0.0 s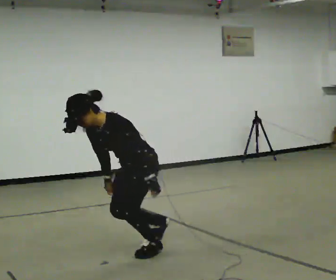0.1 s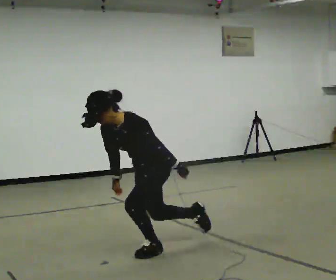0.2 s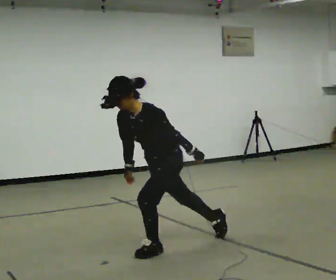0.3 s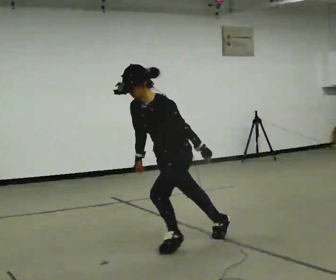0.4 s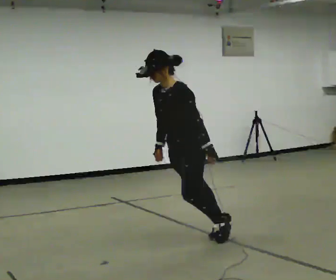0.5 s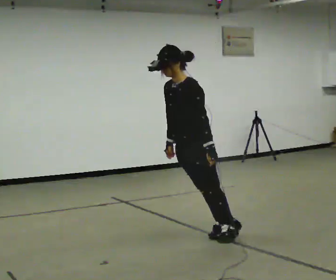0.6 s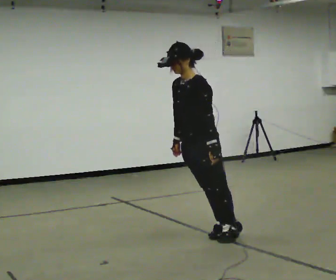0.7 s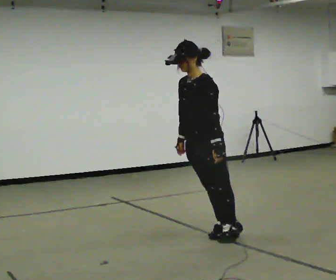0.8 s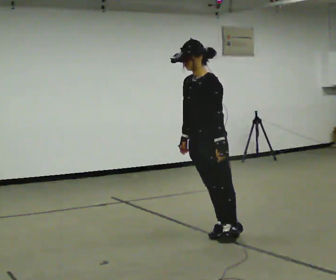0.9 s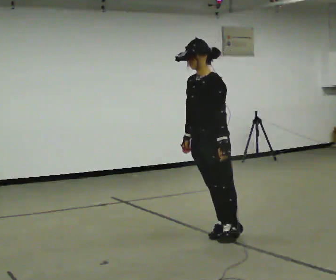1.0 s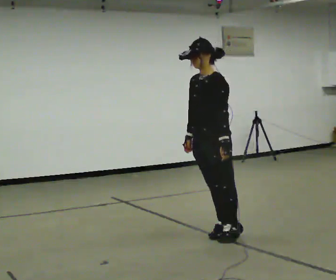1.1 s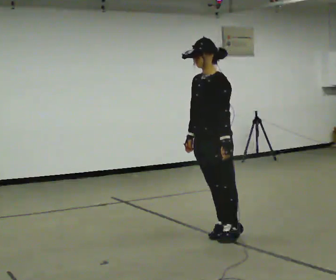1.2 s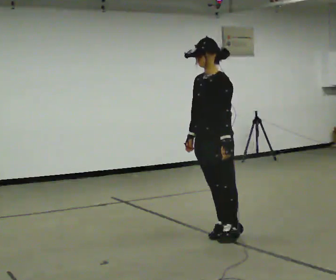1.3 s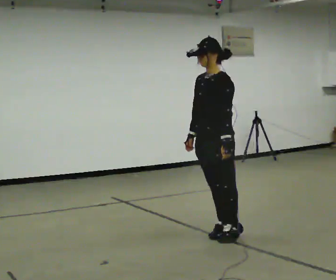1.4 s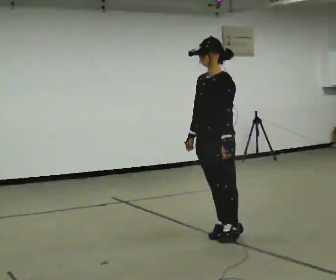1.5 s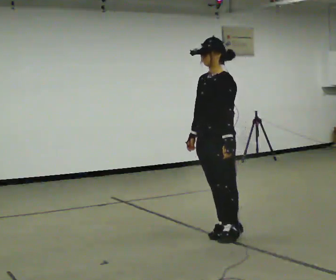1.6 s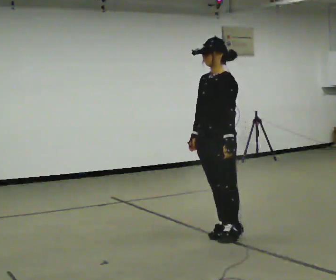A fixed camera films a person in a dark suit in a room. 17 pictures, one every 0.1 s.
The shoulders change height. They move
upward.
0.0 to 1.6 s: In the picture they go to the right and away from the camera, about 0.5 m in 1 step, which for them is backward. The shoulders move upward. In the picture the upper body tilts clockwise, shoulders to the right, as they lean back or straighten.
The film runs backward here.
